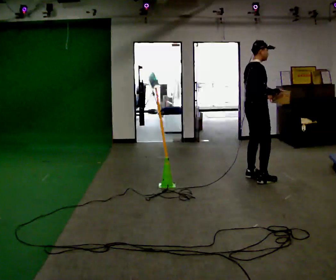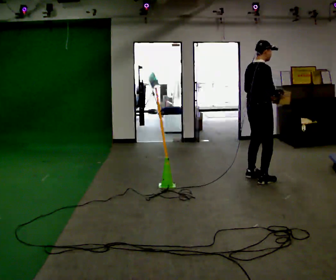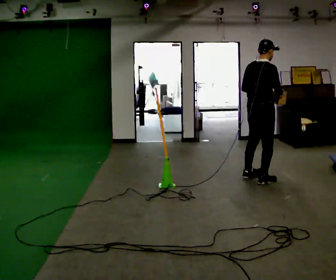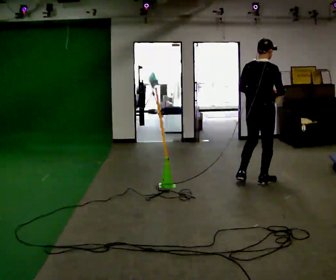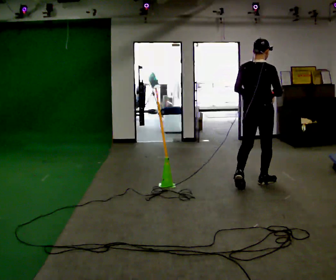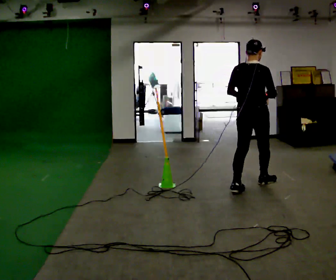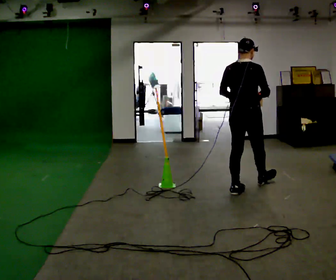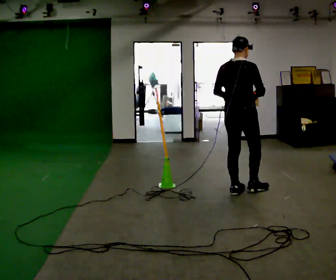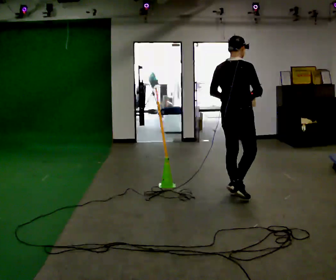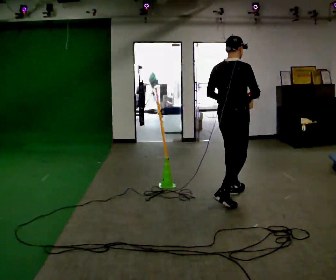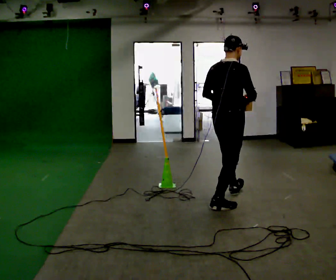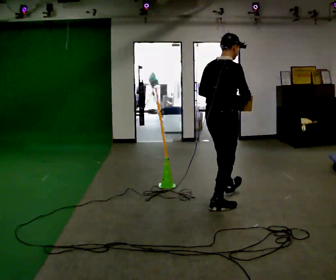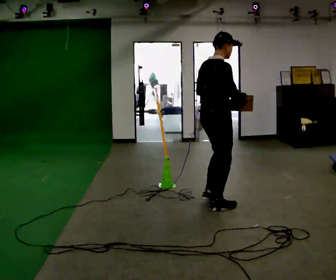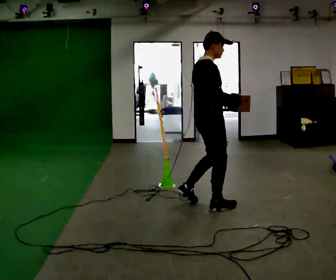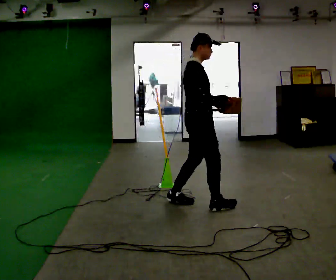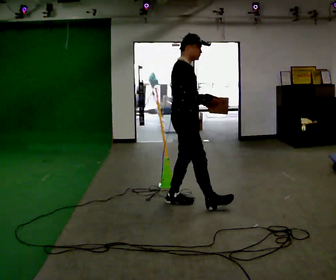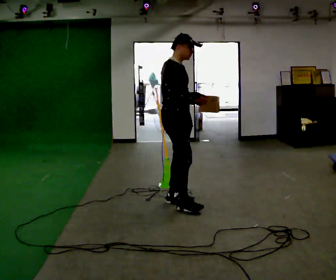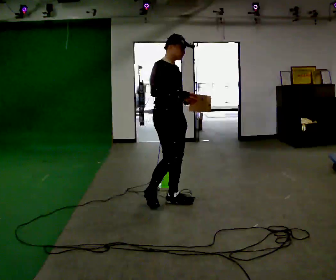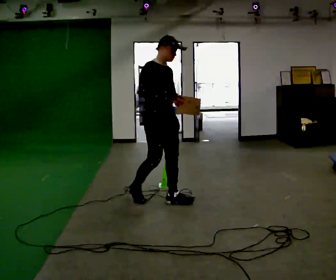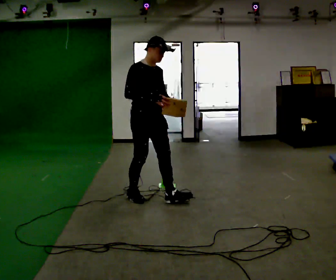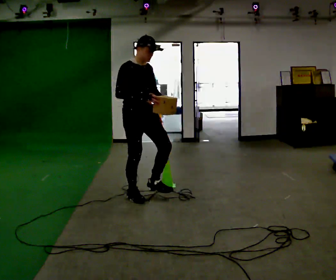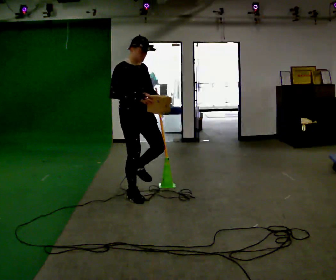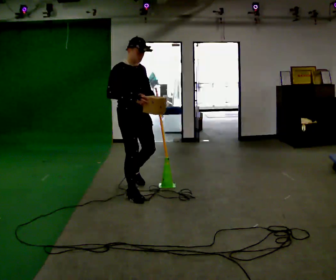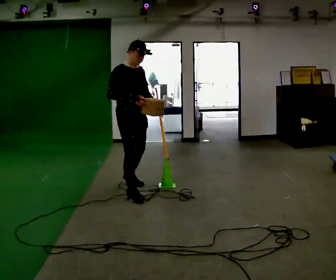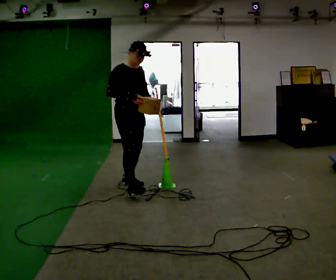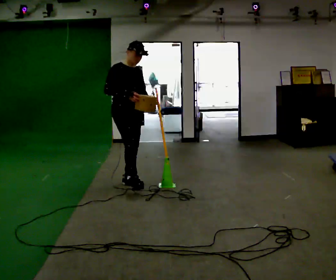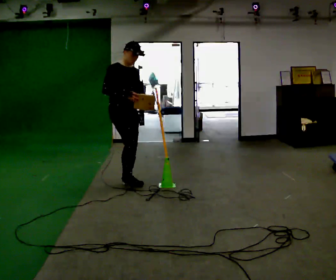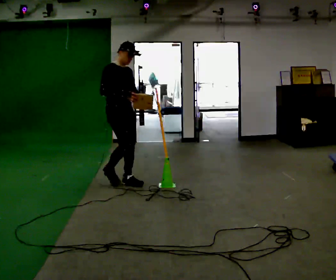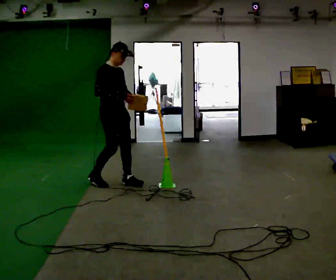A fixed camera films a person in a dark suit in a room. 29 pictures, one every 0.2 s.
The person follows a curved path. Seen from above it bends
clockwise.
The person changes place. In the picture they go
to the left.
0.0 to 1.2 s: The part of the body nearest the lens slides to the right as the person turns to their left by about 45 degrees. In the picture they go toward the camera, about 0.5 m in 2 steps, which for them is backward.
1.2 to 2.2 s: In the picture they go toward the camera and to the left, about 0.5 m in 1 step, which for them is backward.
2.2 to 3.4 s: Seen from above the body turns clockwise, about 75 degrees: to their right, with its near side sliding to the left. In the picture they go to the left, about 0.5 m in 1 step.
3.4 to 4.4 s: In the picture they go to the left and away from the camera, about 0.5 m in 1 step, which for them is backward.
4.4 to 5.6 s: In the picture they go away from the camera and to the left, about 0.5 m in 1 step, which for them is backward.
The film runs backward here.
